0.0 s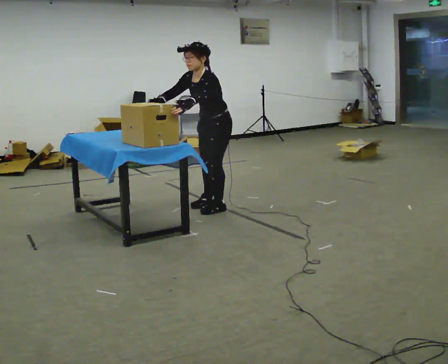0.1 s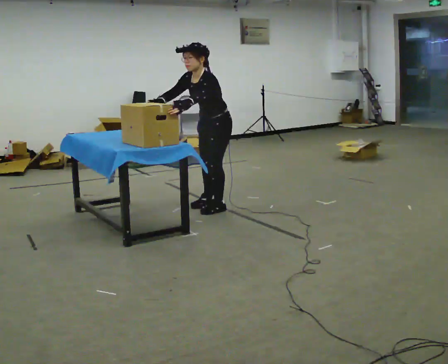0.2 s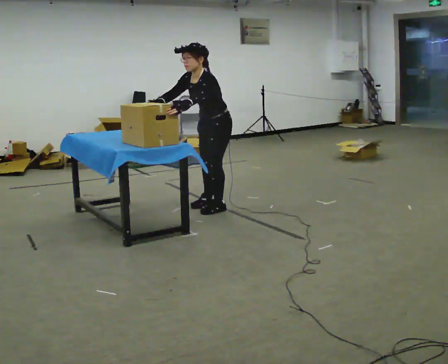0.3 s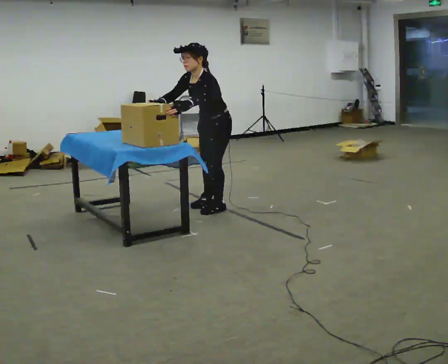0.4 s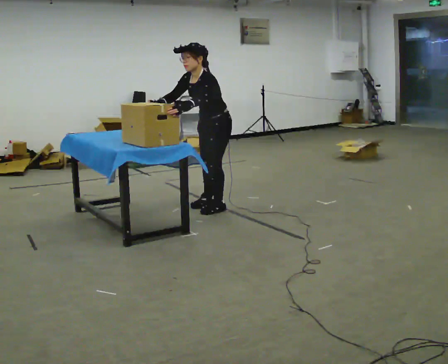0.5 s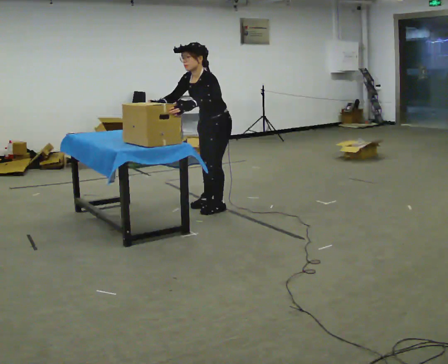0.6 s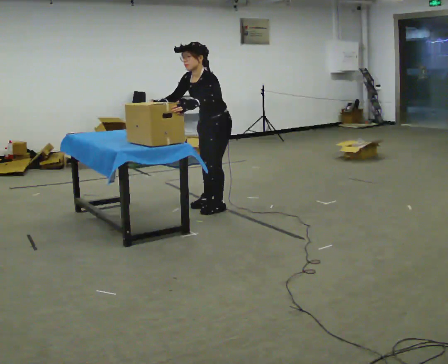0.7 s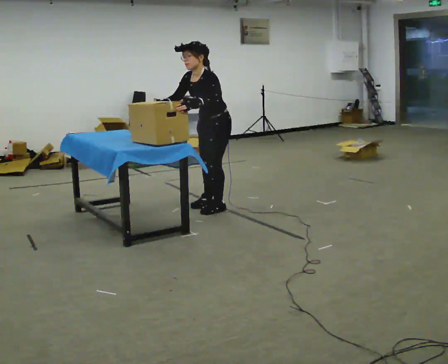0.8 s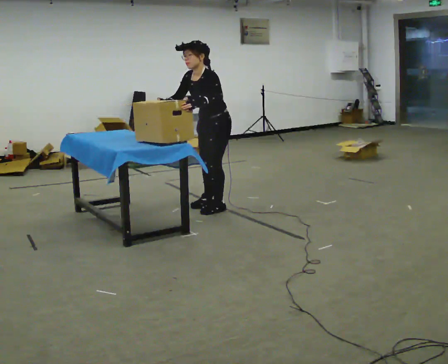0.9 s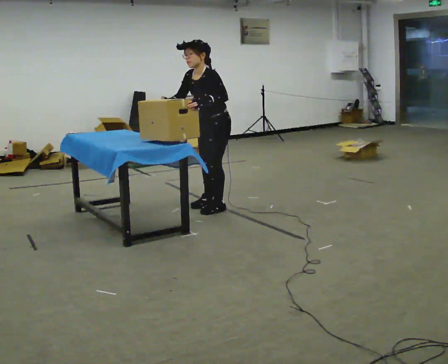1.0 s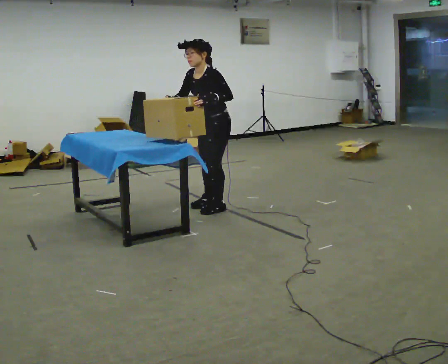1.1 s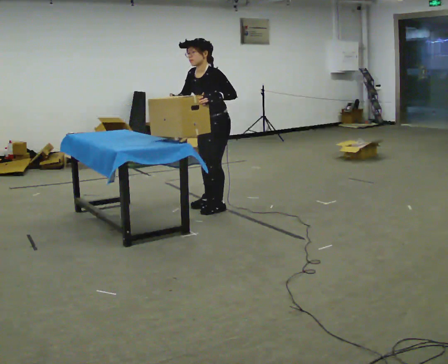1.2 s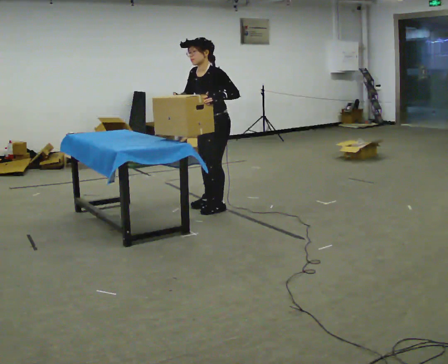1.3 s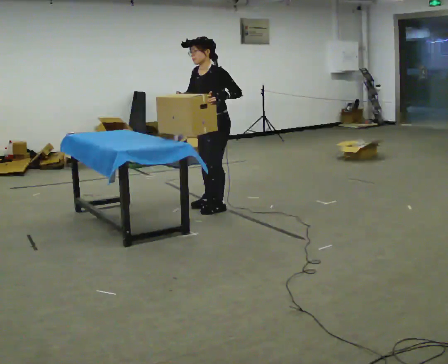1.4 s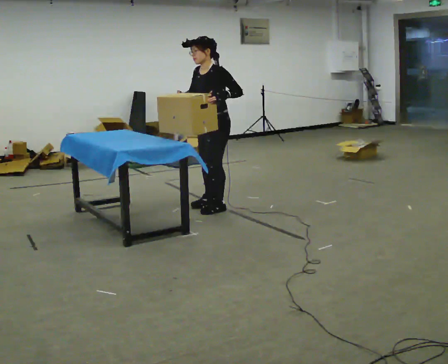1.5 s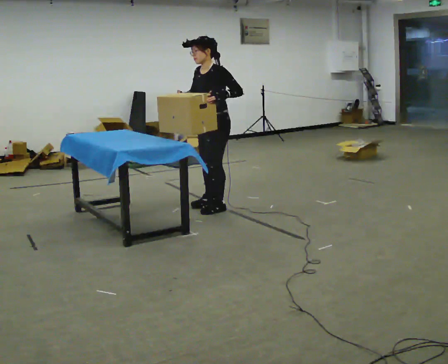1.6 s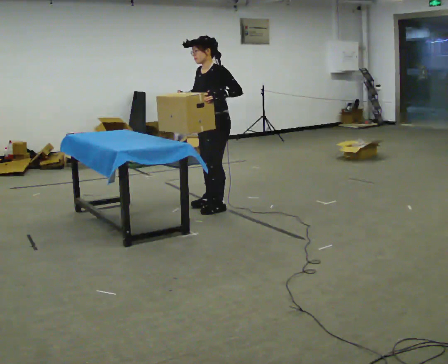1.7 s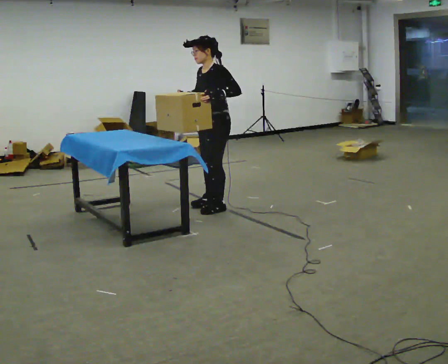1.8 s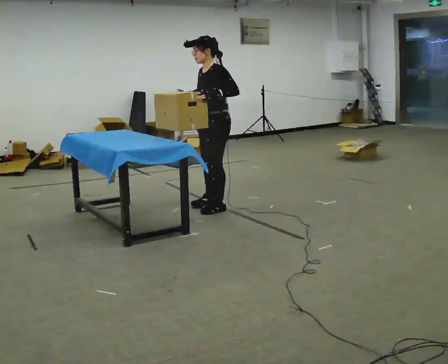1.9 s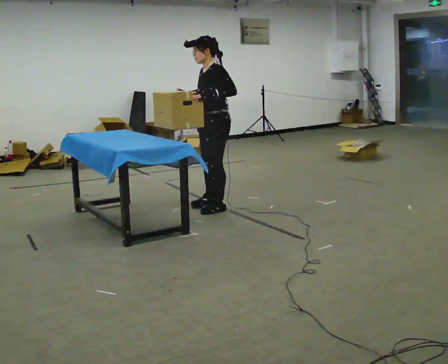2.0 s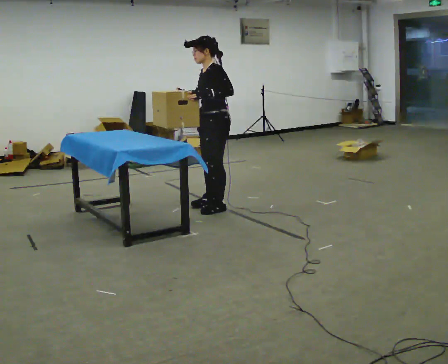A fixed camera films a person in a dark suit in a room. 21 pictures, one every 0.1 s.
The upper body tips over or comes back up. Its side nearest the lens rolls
upward.
0.0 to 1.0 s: The person moves a little, or ends about where they began.
1.0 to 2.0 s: The upper body tips away from the camera, its near side rolling upward, as they lean back or straighten.
The film runs forward here.
